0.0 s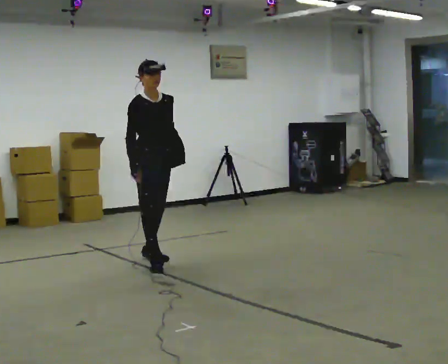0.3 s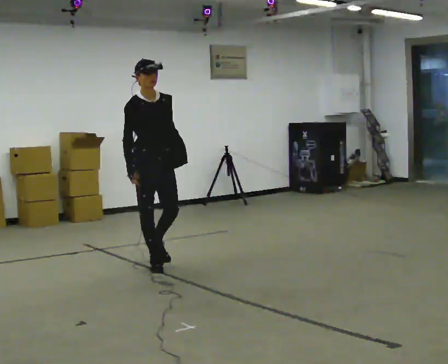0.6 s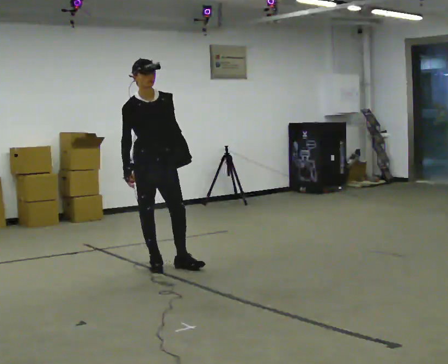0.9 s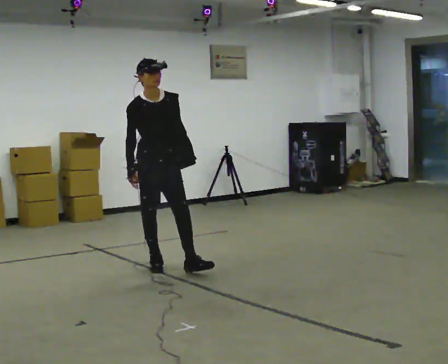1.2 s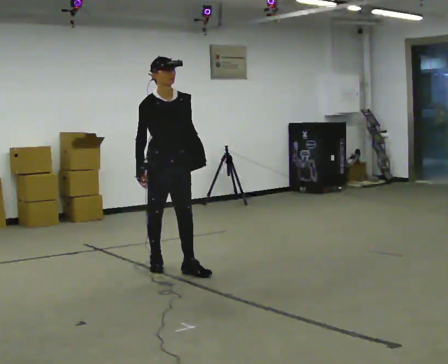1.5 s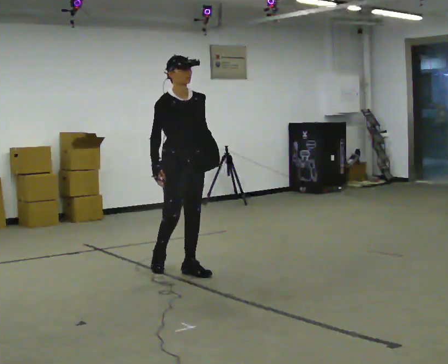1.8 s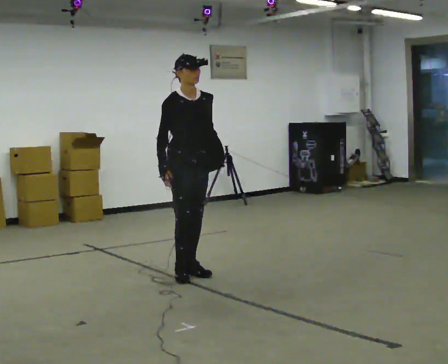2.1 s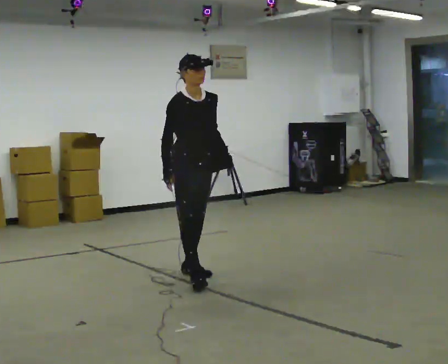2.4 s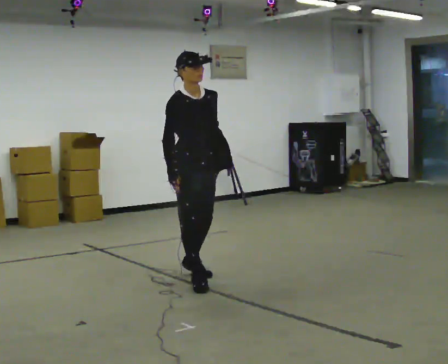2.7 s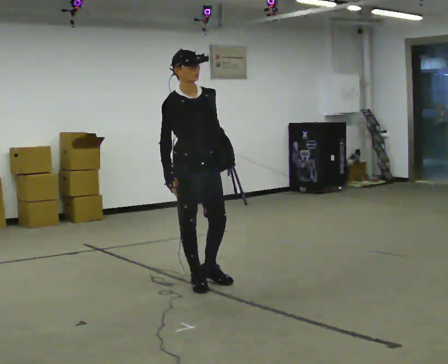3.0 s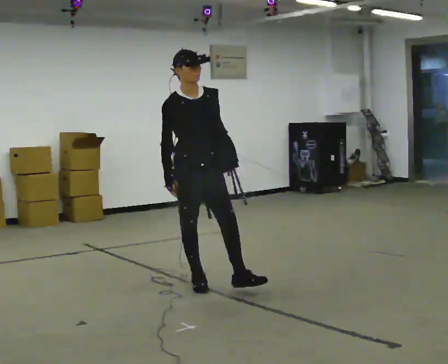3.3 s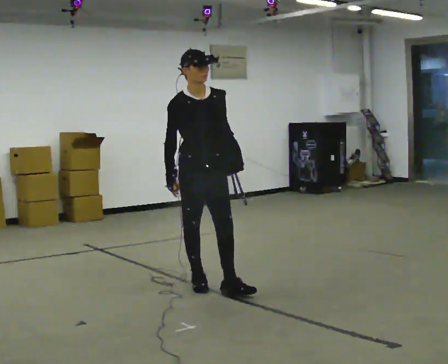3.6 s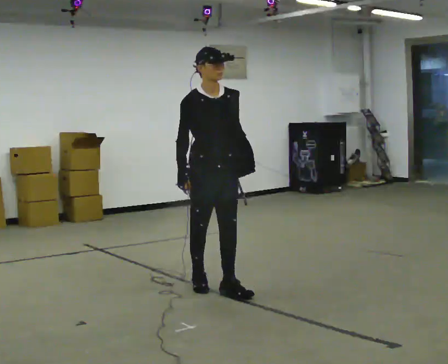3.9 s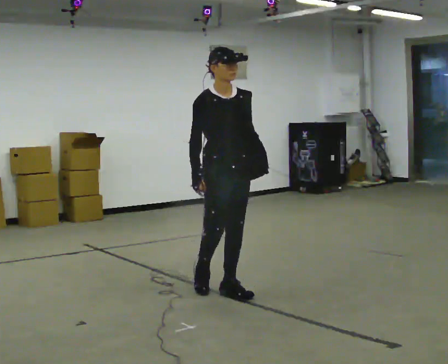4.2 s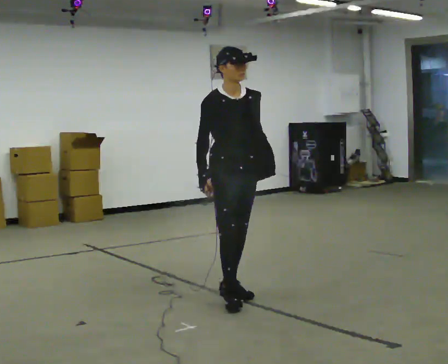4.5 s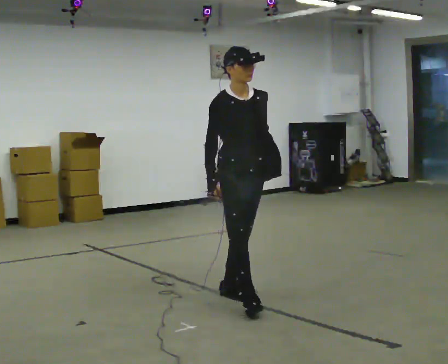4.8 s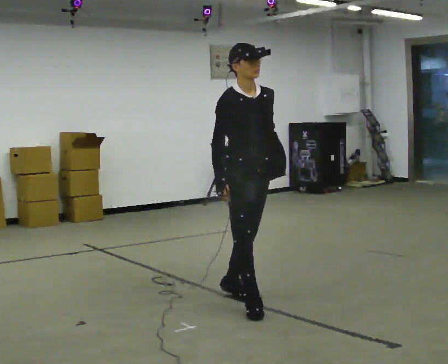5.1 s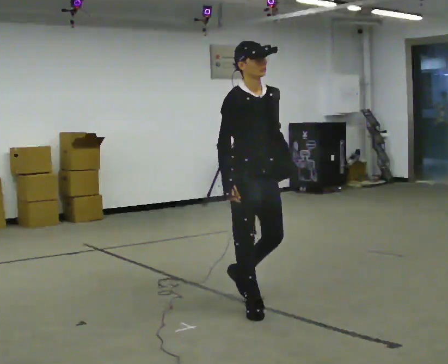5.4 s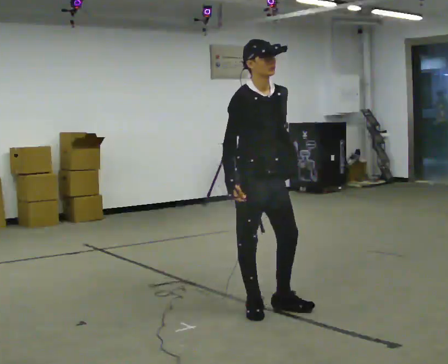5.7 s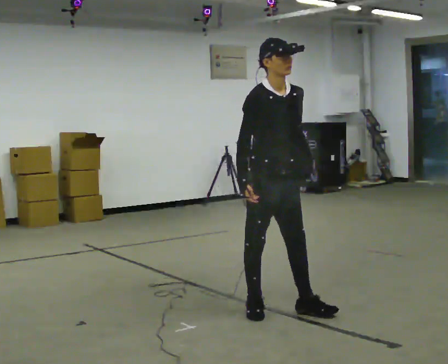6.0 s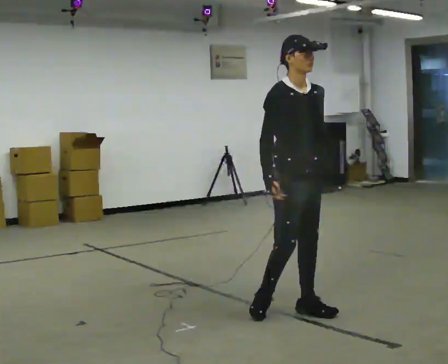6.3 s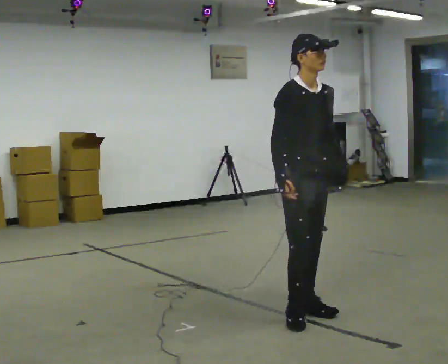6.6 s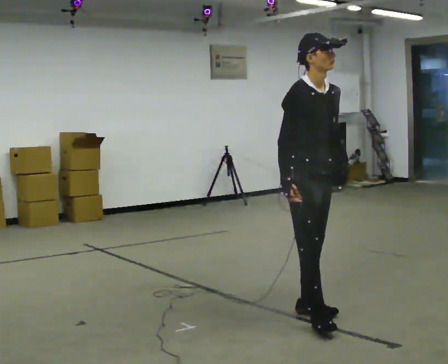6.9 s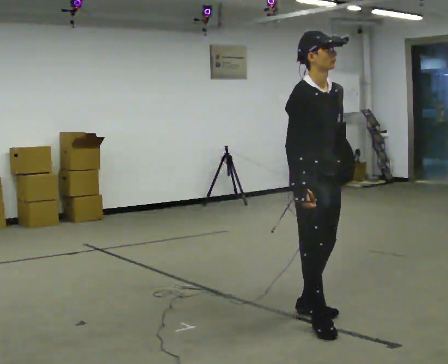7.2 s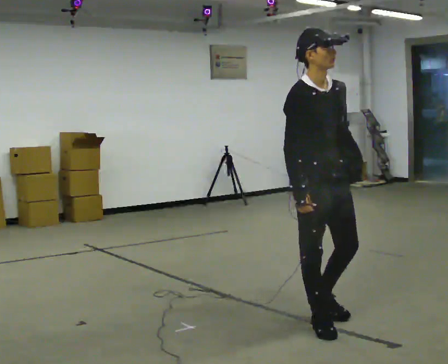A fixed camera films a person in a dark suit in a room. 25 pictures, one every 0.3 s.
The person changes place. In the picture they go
toward the camera.
0.0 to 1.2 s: In the picture they go toward the camera and to the right, about 0.25 m in 1 step, which for them is forward.
1.2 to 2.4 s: In the picture they go toward the camera and to the right, about 0.5 m in 1 step, which for them is forward.
2.4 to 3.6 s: In the picture they go toward the camera and to the right, about 0.25 m in 1 step, which for them is forward.
3.6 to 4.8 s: In the picture they go toward the camera and to the right, about 0.5 m in 1 step, which for them is forward.
4.8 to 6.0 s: In the picture they go to the right and toward the camera, about 0.5 m in 1 step, which for them is forward.
6.0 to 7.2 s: In the picture they go toward the camera, about 0.25 m in 1 step, which for them is forward and to their right.
The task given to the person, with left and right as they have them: Put the soft bag up onto your shoulder and carry it across the room, back and forth.
The film runs forward here.
